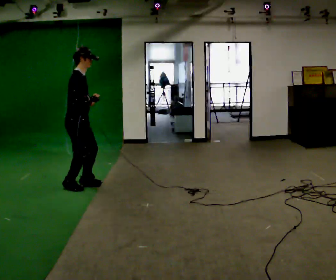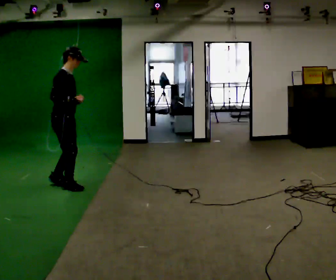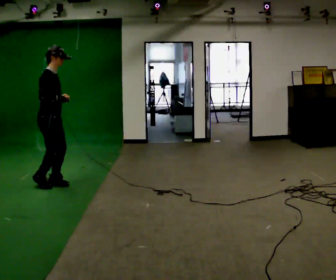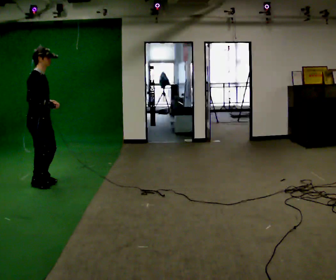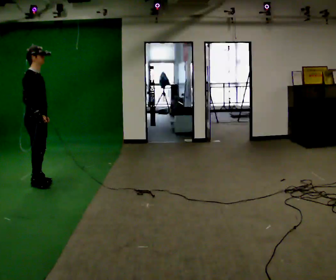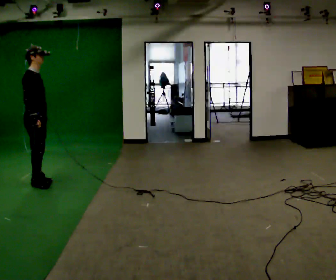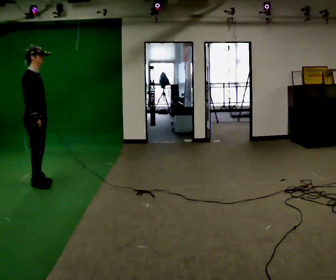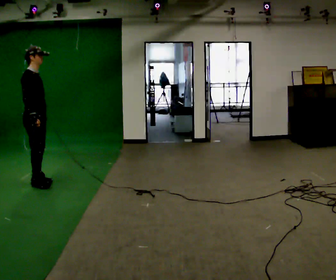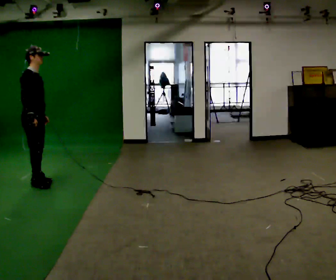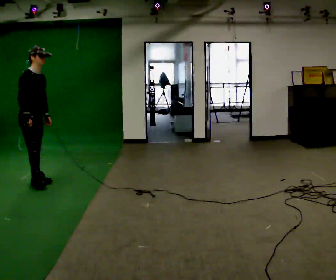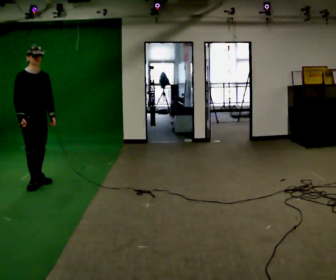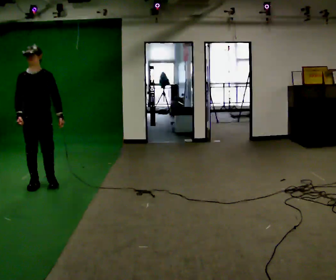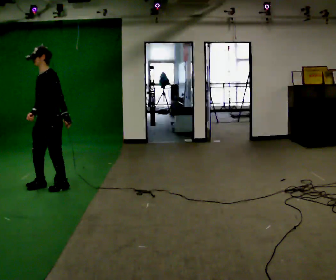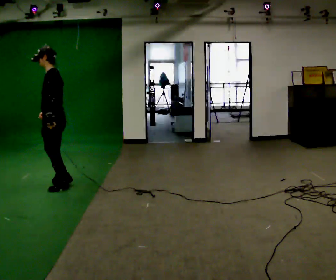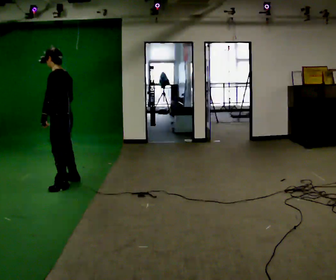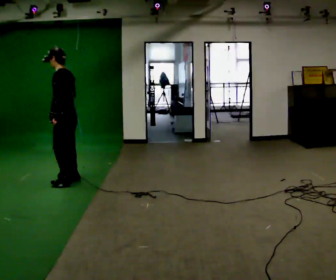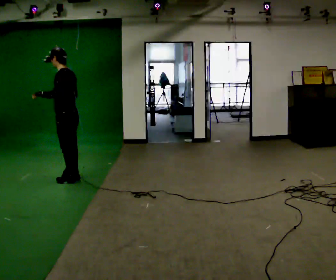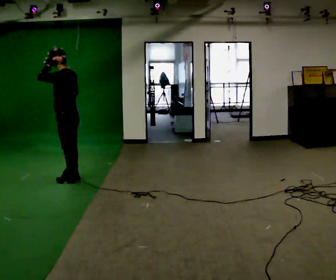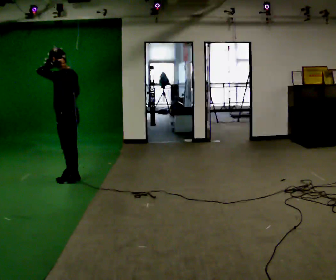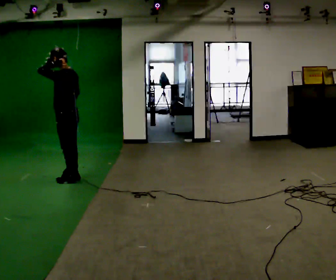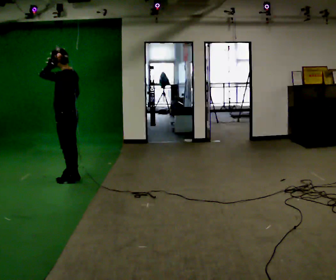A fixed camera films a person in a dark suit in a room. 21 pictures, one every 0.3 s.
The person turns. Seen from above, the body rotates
clockwise.
The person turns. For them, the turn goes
to their right.
0.0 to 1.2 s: In the picture they go to the left, about 0.5 m in 3 steps, which for them is backward.
1.2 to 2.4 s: The person moves a little, or ends about where they began.
2.4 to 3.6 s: Seen from above the body turns clockwise, about 135 degrees: to their right, with its near side sliding to the left. In the picture they go to the right, about 0.25 m in 1 step.
3.6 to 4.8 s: The person turns about 45 degrees to their right, clockwise seen from above, so the part of the body nearest the lens slides to the left. In the picture they go away from the camera and to the right, about 0.25 m in 2 steps, which for them is to their right.
4.8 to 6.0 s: The person moves a little, or ends about where they began.
The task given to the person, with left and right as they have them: Jog backward at a comfortable pace. The operator confirms the space behind you is clear before each take.
The film runs forward here.
